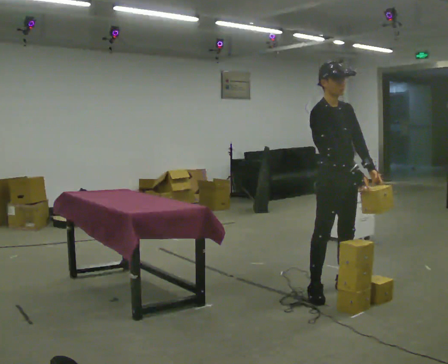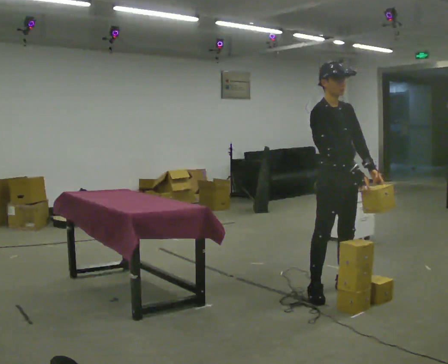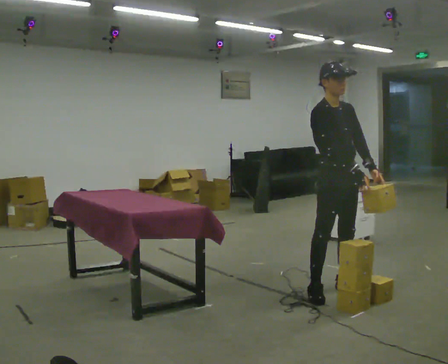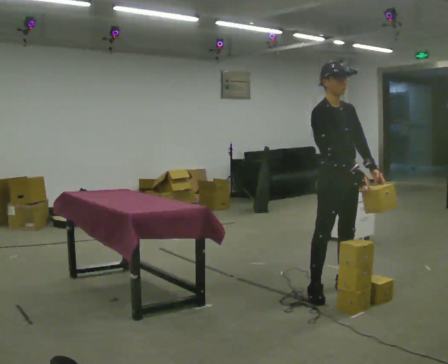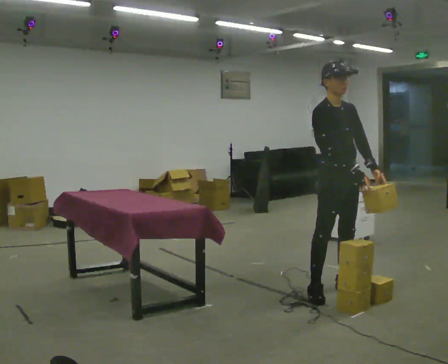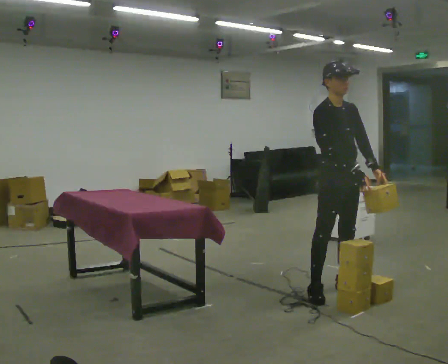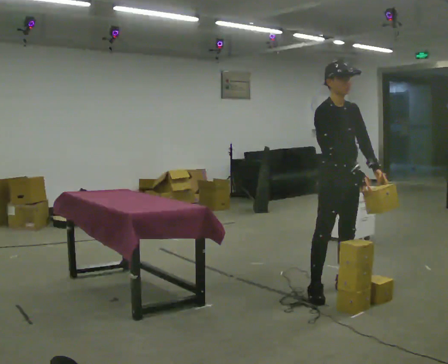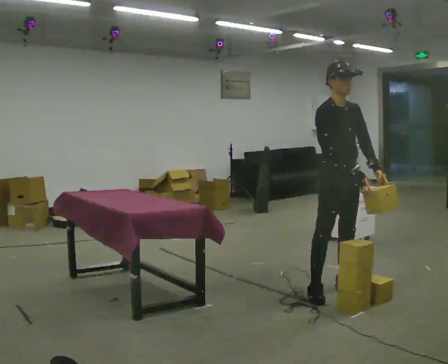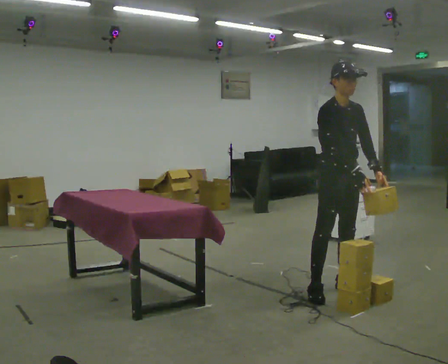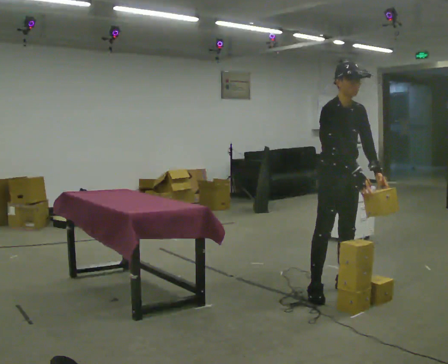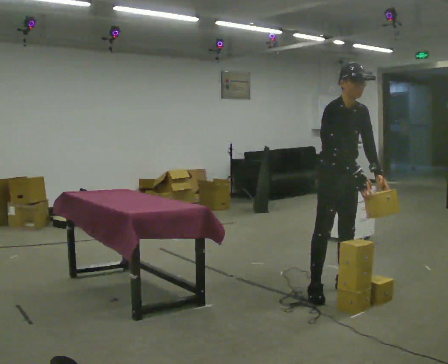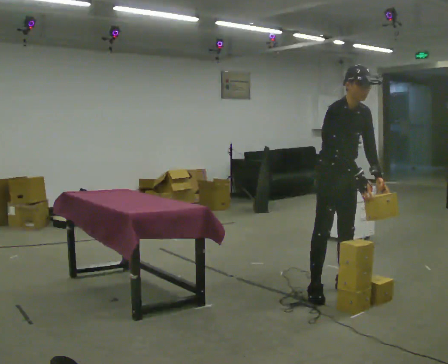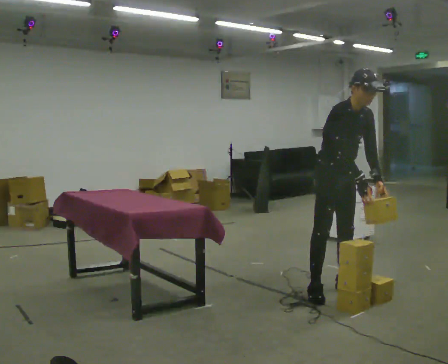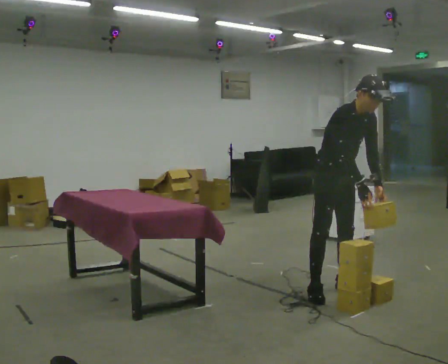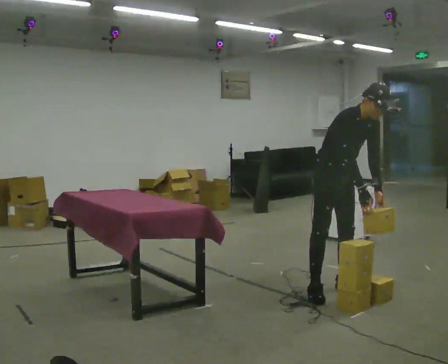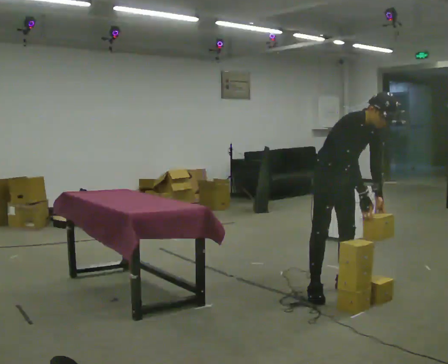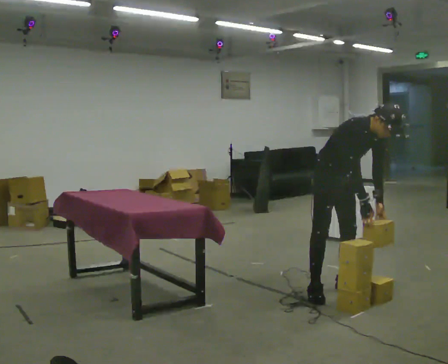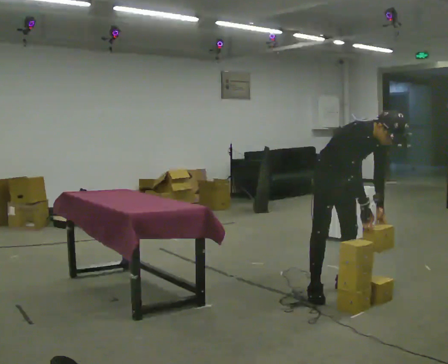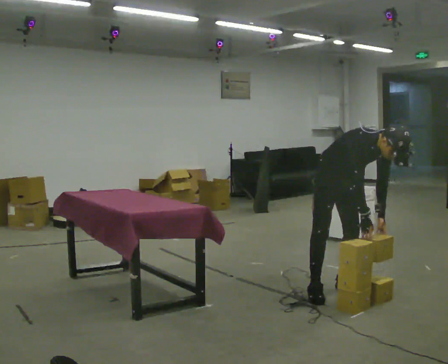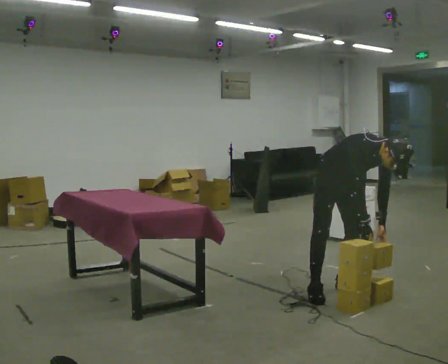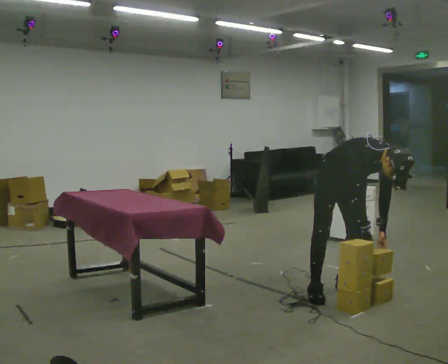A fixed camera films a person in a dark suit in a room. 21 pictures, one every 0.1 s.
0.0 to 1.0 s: In the picture the upper body tilts clockwise, shoulders to the right, as they bend forward.
1.0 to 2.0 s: The shoulders move downward. In the picture the upper body tilts clockwise, shoulders to the right, as they bend forward. In the picture their right hand goes downward.
The film runs backward here.
